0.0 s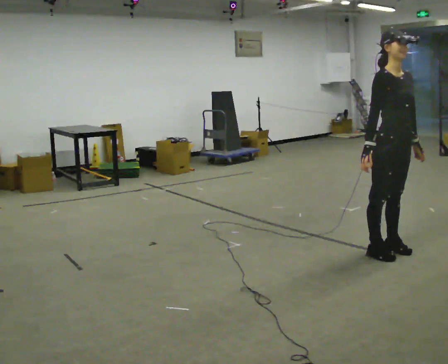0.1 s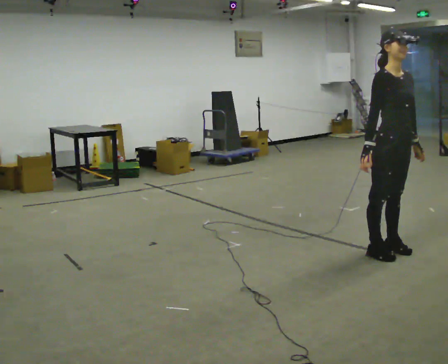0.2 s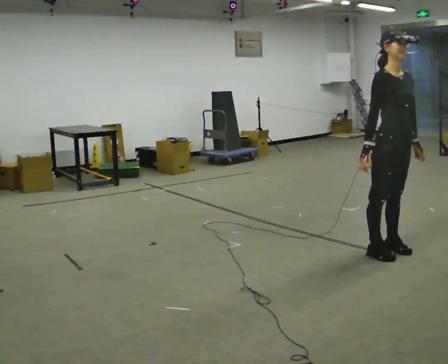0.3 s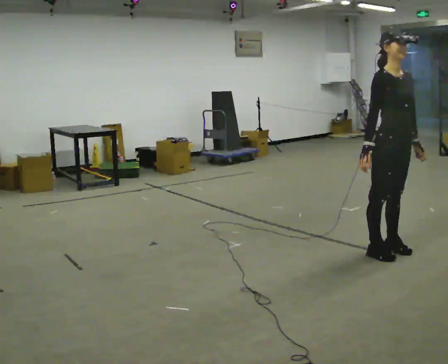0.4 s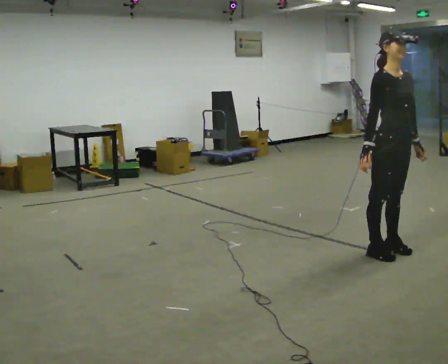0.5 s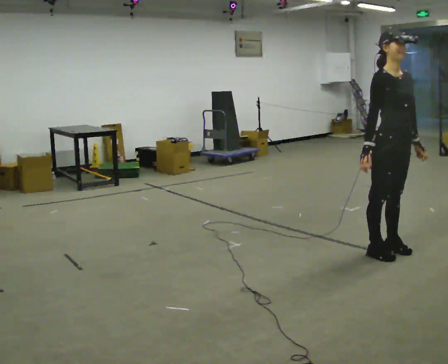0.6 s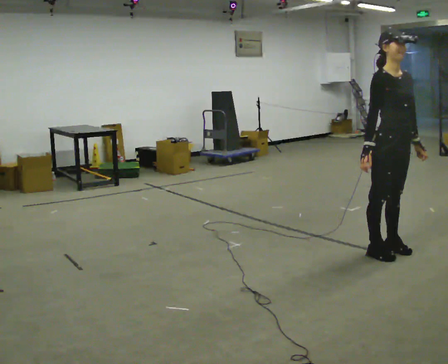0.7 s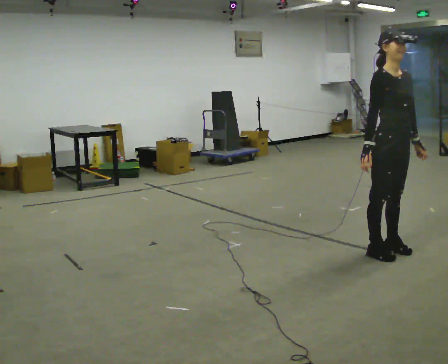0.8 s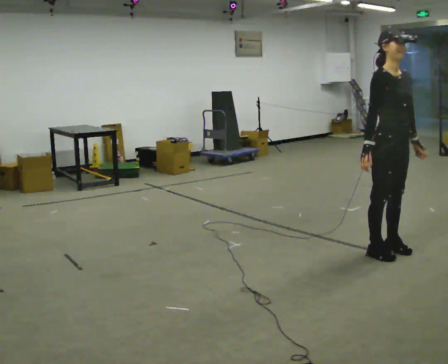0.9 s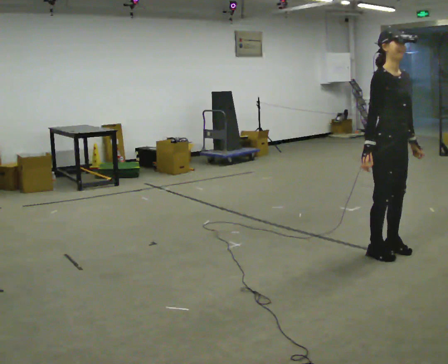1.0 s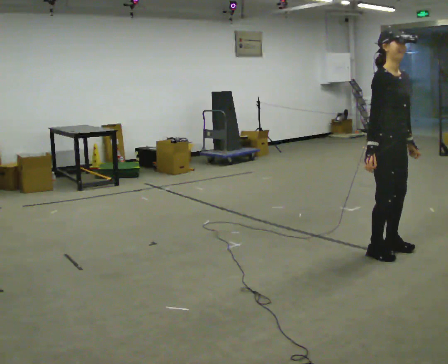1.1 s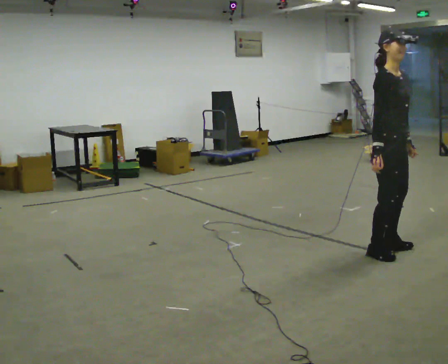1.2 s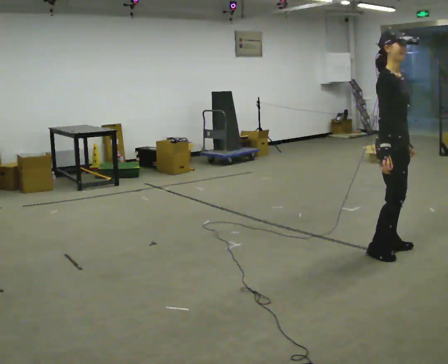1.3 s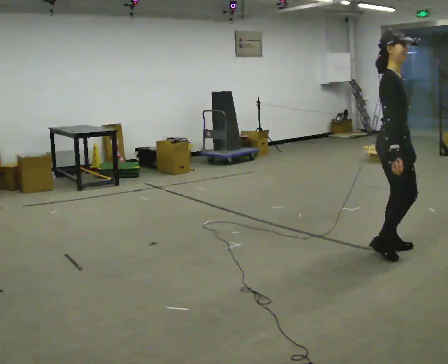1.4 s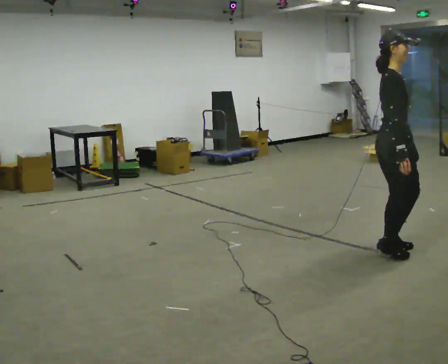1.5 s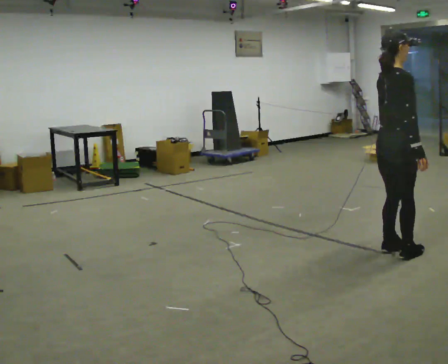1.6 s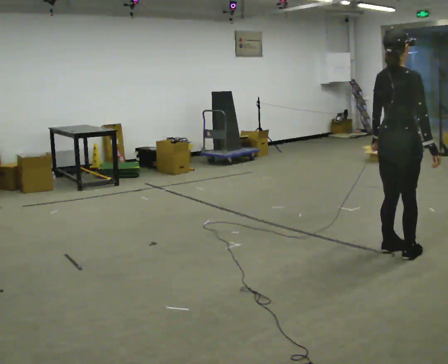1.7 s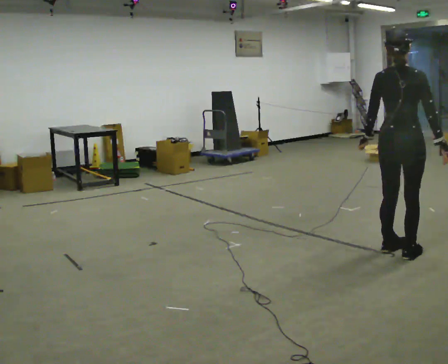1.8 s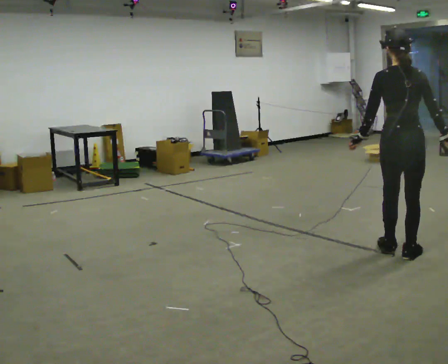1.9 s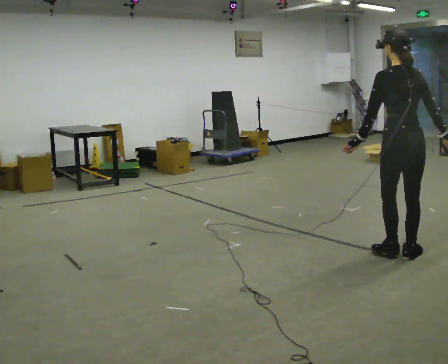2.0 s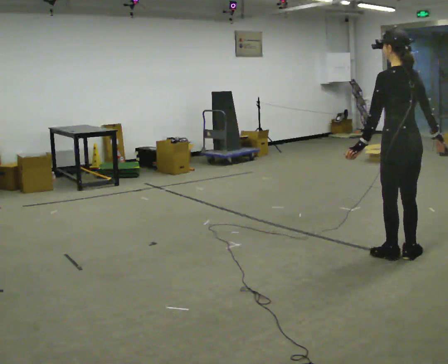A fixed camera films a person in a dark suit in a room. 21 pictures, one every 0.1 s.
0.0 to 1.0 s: The person moves a little, or ends about where they began.
1.0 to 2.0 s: Seen from above the body turns counterclockwise, about 165 degrees: to their left, with its near side sliding to the right. In the picture their right hand goes to the right.
The film runs forward here.
